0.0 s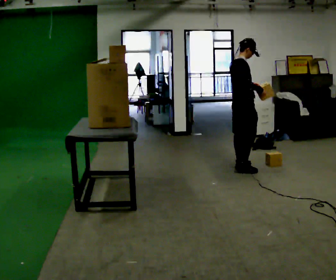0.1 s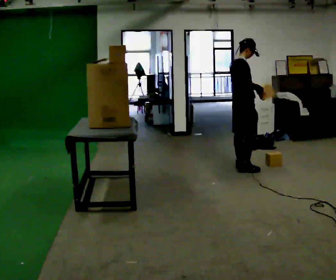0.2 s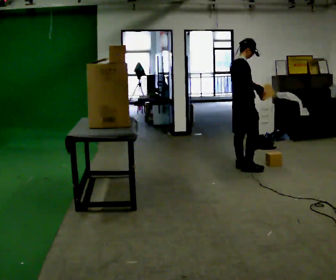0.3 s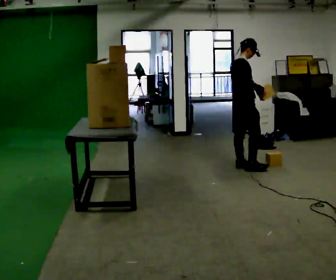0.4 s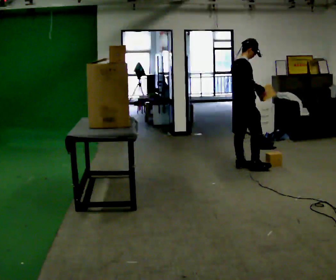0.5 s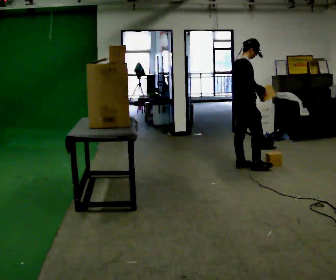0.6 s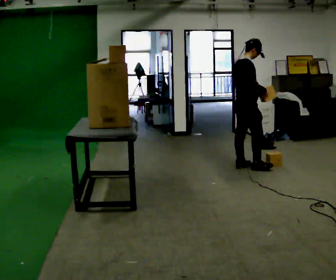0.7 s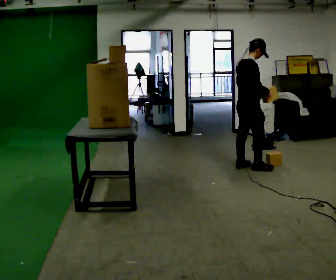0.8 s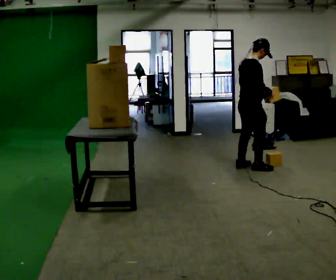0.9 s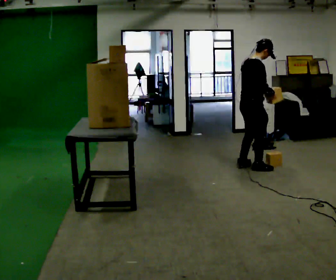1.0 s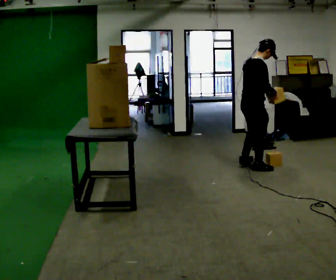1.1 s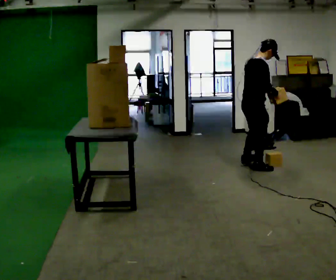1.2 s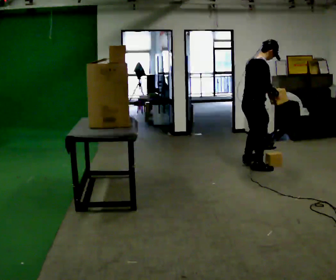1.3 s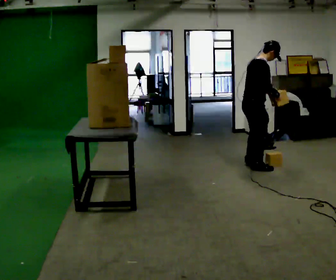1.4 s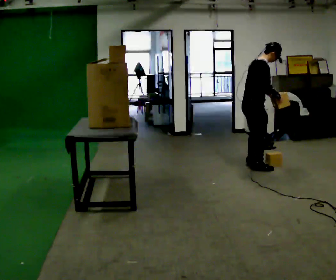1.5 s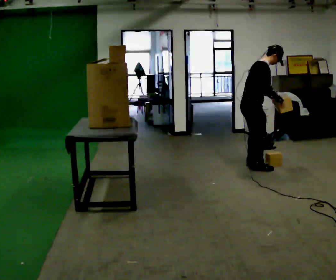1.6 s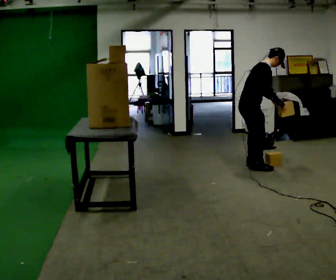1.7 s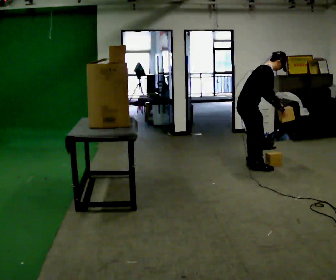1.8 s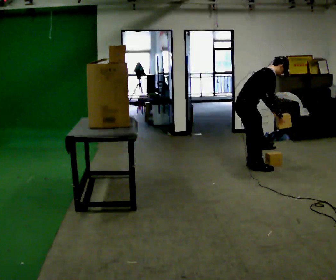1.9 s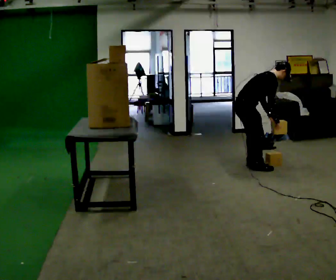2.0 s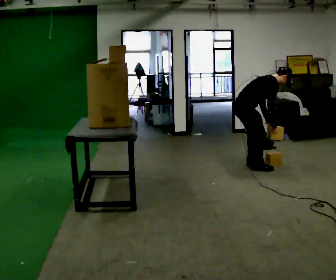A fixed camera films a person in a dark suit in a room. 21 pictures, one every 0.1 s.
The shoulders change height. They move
downward.
Their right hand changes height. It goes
downward.
0.0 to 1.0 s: The person moves a little, or ends about where they began.
1.0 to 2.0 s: The shoulders move downward. In the picture the upper body tilts clockwise, shoulders to the right, as they bend forward. In the picture their right hand goes downward.
The film runs forward here.
